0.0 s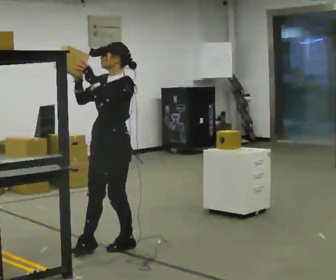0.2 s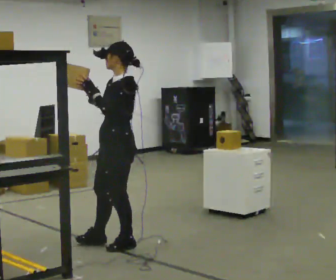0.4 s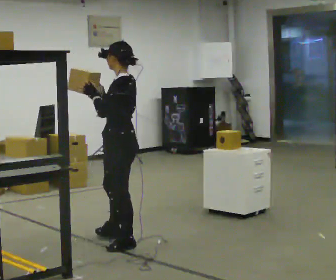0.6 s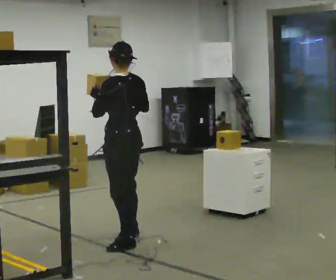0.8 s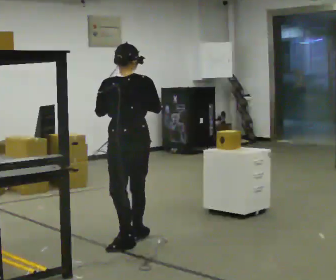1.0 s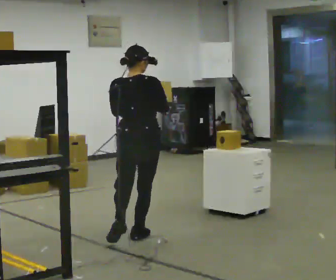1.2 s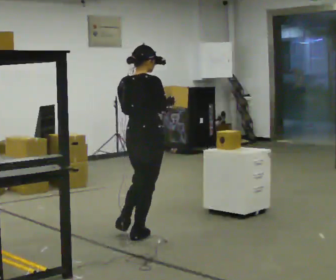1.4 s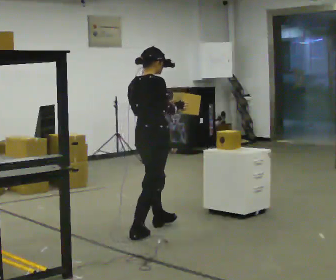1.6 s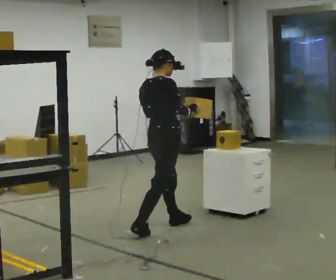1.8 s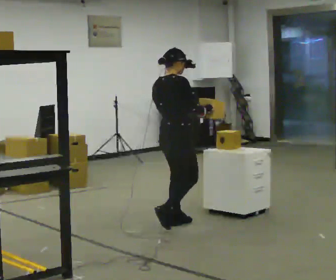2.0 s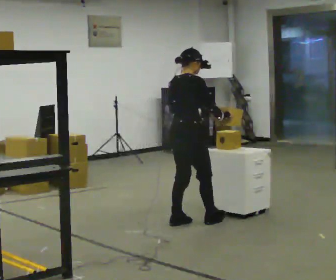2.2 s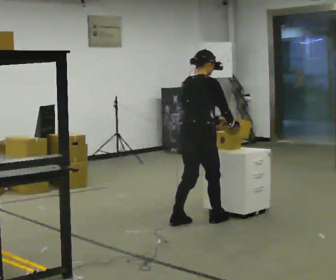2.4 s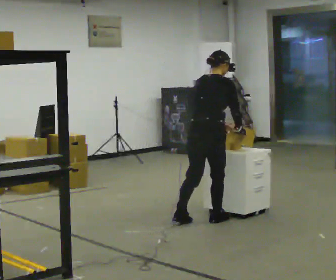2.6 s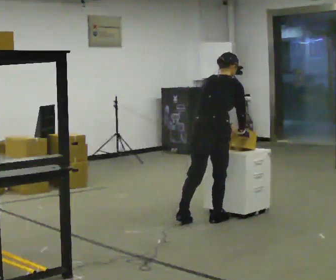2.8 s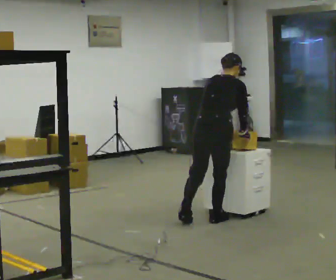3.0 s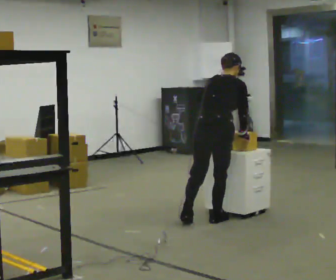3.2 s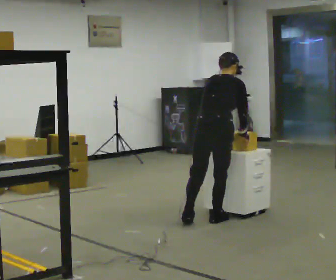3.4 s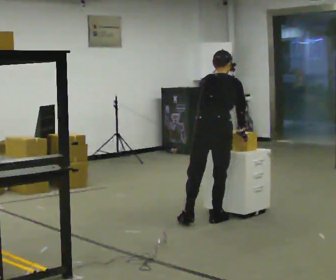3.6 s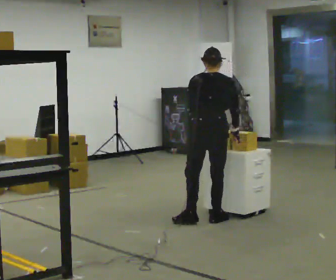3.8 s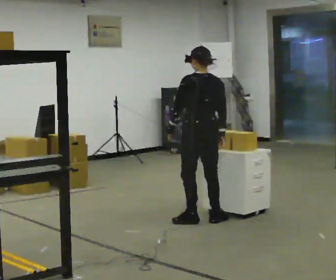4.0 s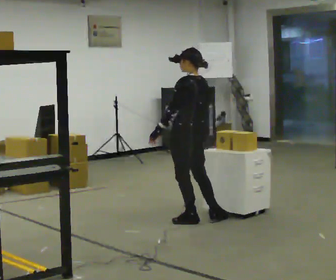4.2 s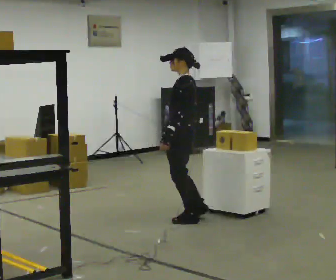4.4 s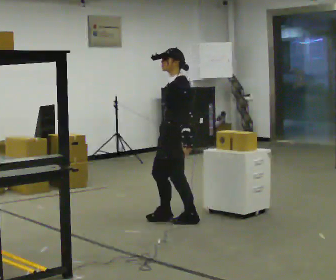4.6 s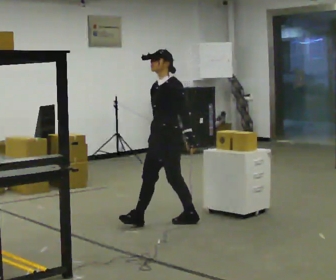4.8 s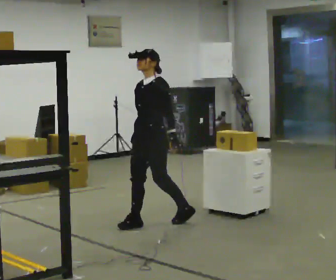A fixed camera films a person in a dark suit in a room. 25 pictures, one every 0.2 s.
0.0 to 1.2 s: The part of the body nearest the lens slides to the left as the person turns to their right by about 165 degrees. In the picture they go away from the camera and to the right, about 0.25 m in 1 step.
1.2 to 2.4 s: In the picture they go to the right and away from the camera, about 0.75 m in 2 steps, which for them is forward. In the picture the upper body tilts clockwise, shoulders to the right, as they bend forward.
2.4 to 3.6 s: The part of the body nearest the lens slides to the right as the person turns to their left by about 45 degrees.
3.6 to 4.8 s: Seen from above the body turns counterclockwise, about 120 degrees: to their left, with its near side sliding to the right. In the picture they go to the left, about 0.5 m in 2 steps. The upper body tips toward the camera, its near side rolling downward.
The film runs forward here.
